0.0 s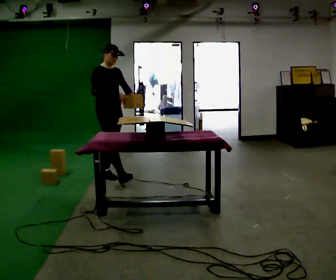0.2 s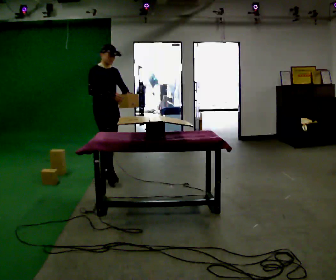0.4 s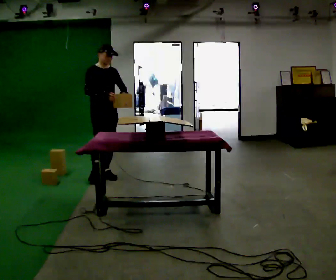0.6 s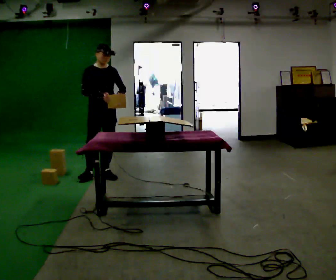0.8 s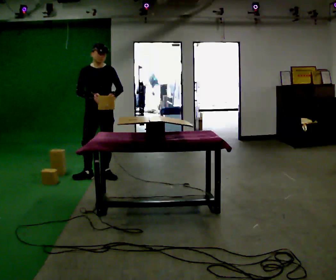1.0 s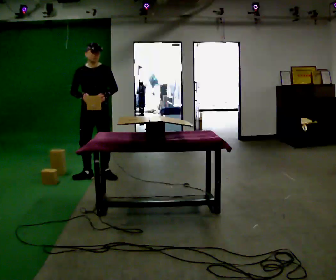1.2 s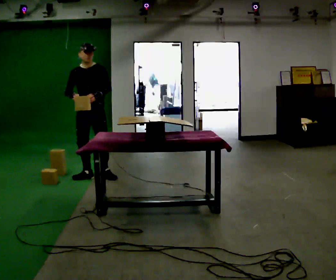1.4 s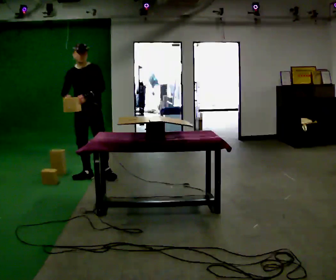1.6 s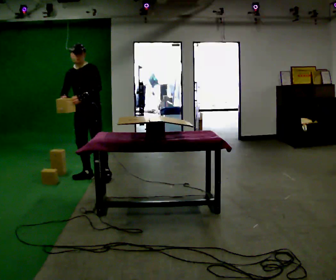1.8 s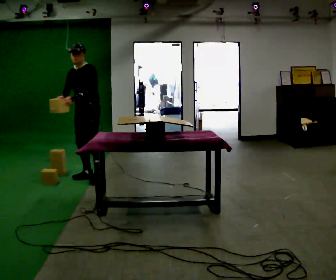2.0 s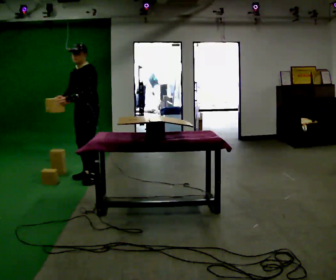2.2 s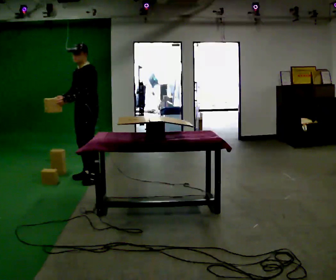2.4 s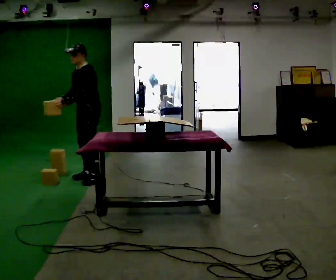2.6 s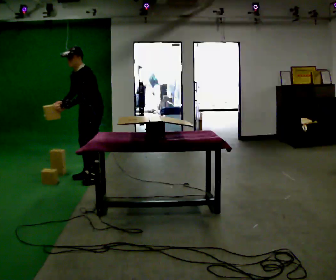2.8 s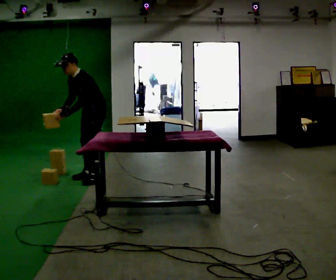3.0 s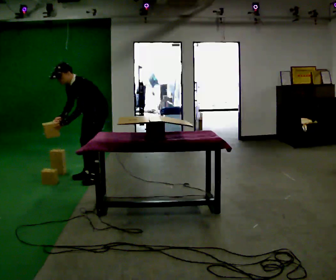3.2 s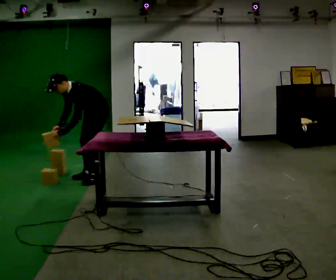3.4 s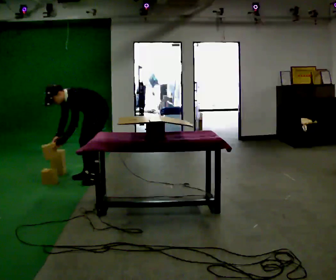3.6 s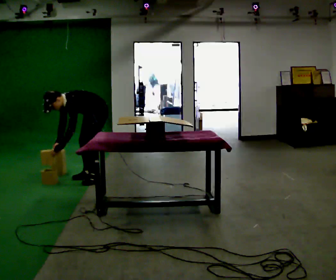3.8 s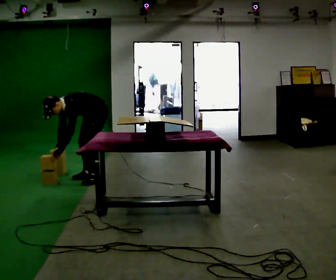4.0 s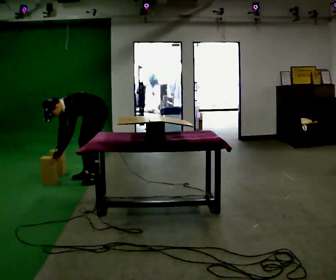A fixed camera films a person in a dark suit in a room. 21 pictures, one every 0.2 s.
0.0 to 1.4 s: The part of the body nearest the lens slides to the left as the person turns to their right by about 60 degrees. In the picture they go to the left, about 0.25 m in 2 steps.
1.4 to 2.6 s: The person turns about 45 degrees to their right, clockwise seen from above, so the part of the body nearest the lens slides to the left.
2.6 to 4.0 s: The upper body goes downward. In the picture the upper body tilts counterclockwise, shoulders to the left, as they bend forward. In the picture their right hand goes downward.
The film runs backward here.
